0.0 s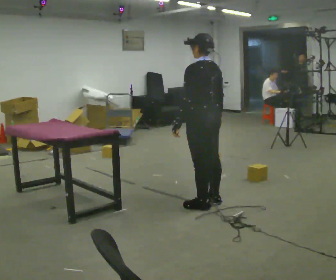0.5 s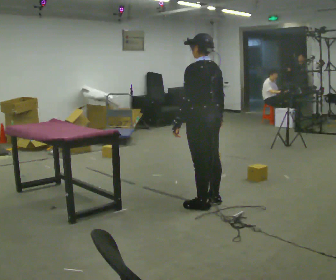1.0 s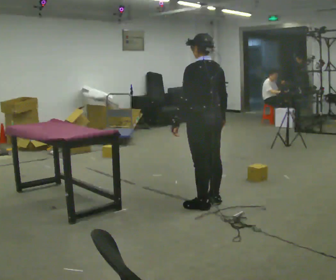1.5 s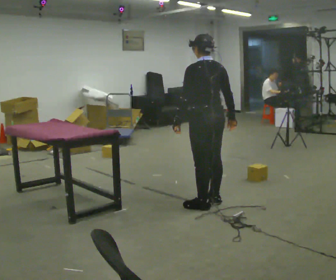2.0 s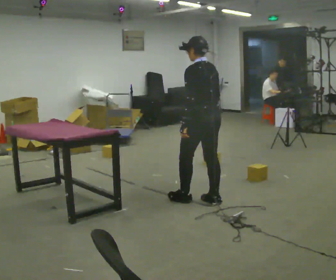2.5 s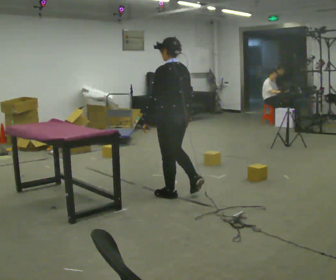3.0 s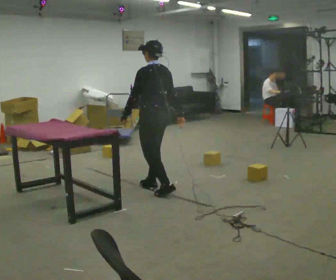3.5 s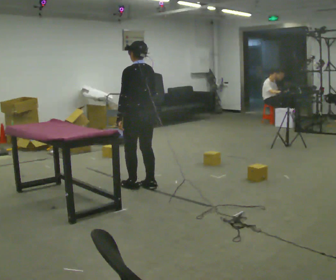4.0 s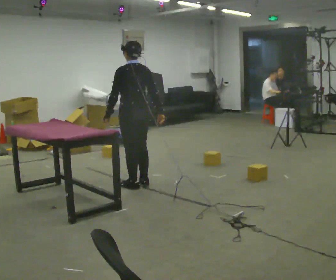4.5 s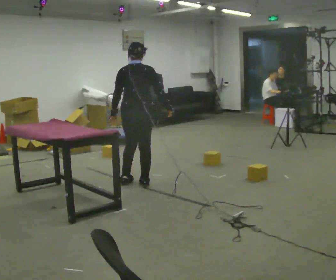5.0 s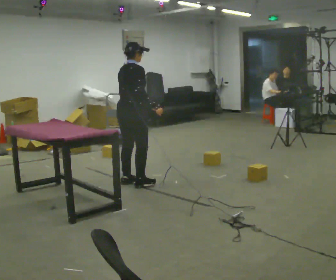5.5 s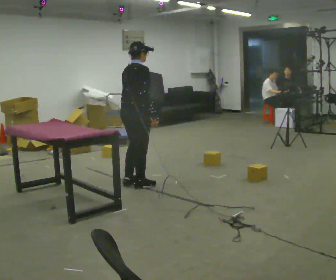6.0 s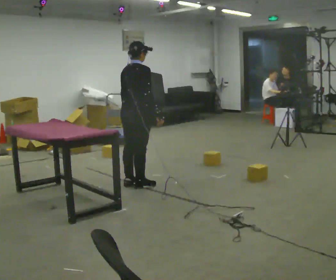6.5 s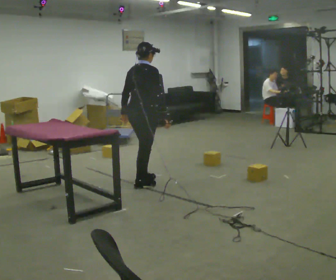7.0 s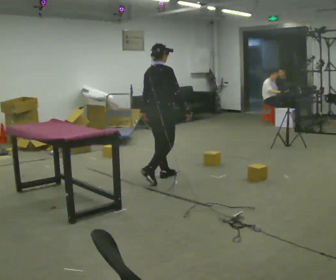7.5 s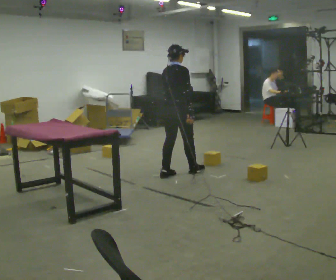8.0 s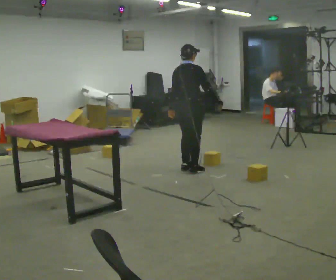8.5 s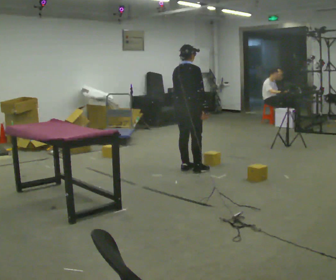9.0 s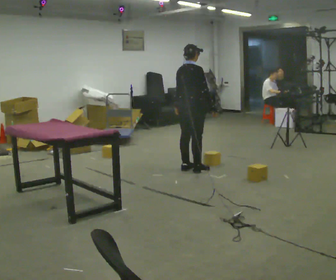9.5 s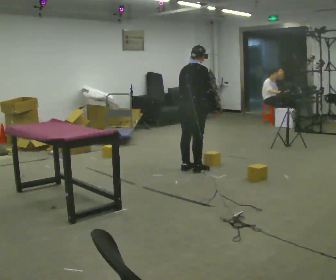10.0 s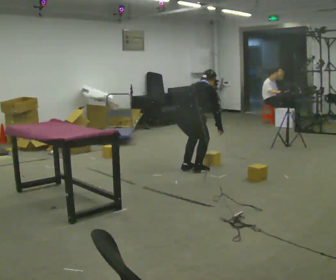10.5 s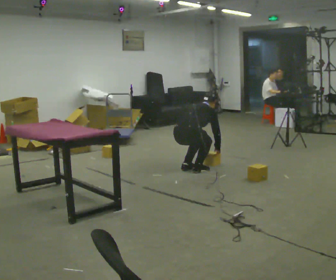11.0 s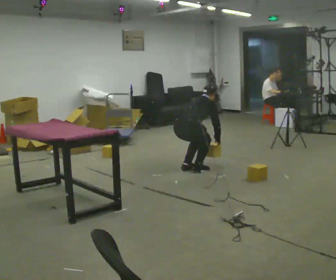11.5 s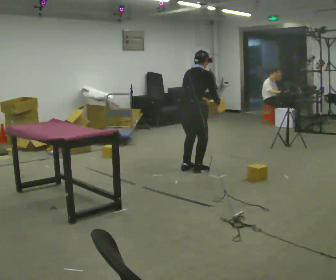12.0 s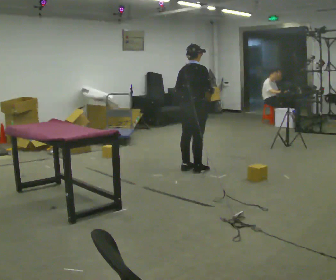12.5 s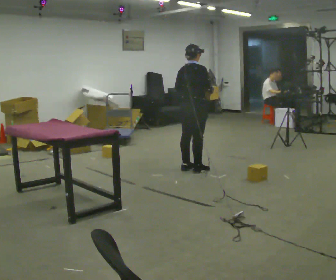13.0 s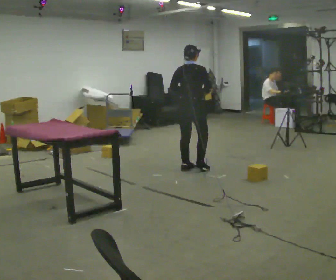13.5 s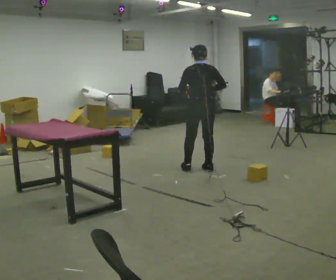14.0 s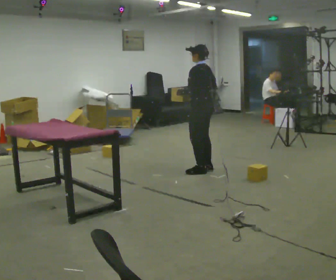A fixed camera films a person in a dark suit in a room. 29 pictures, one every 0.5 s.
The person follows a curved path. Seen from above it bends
clockwise.
0.0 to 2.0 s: The person moves a little, or ends about where they began.
2.0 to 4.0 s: In the picture they go away from the camera and to the left, about 1 m in 3 steps, which for them is forward.
4.0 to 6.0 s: The person turns about 75 degrees to their right, clockwise seen from above, so the part of the body nearest the lens slides to the left.
6.0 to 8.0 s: In the picture they go to the right and away from the camera, about 1 m in 3 steps, which for them is forward.
8.0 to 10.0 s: The shoulders move downward. In the picture the upper body tilts clockwise, shoulders to the right, as they bend forward. In the picture their left hand goes to the right.
10.0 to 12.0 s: In the picture their right hand goes upward.
12.0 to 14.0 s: Seen from above the body turns counterclockwise, about 105 degrees: to their left, with its near side sliding to the right.
The film runs forward here.
